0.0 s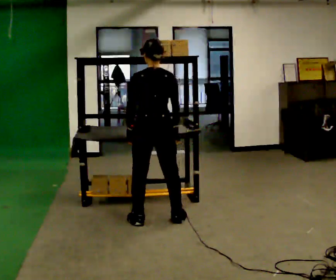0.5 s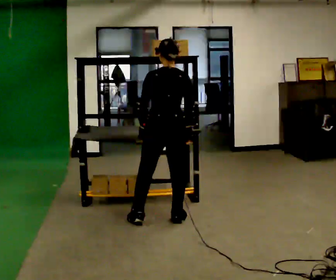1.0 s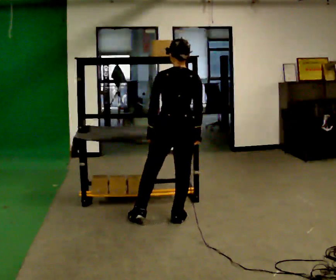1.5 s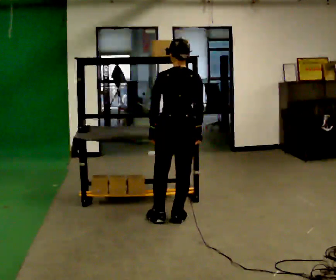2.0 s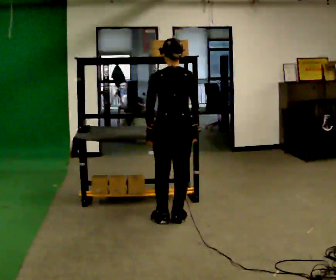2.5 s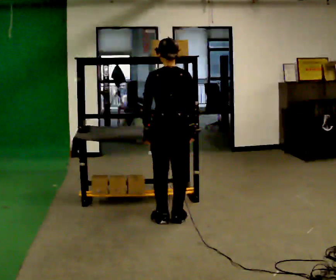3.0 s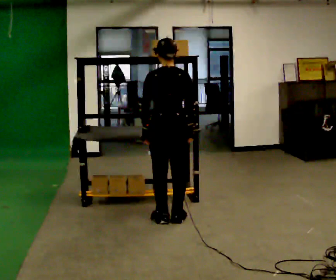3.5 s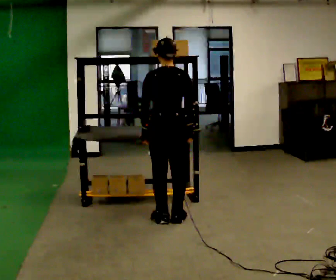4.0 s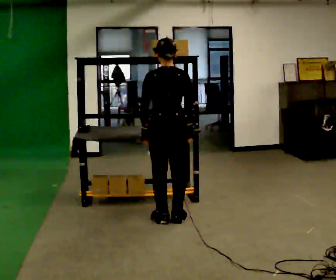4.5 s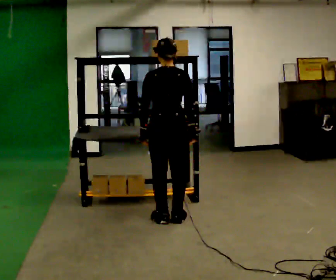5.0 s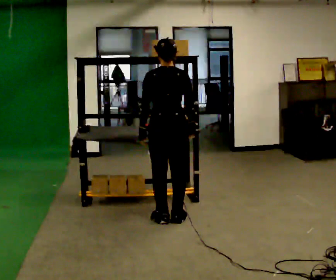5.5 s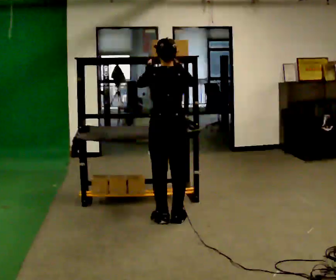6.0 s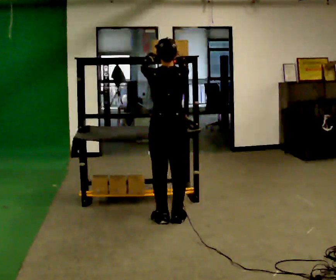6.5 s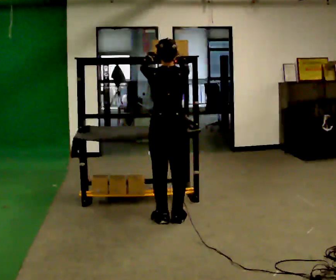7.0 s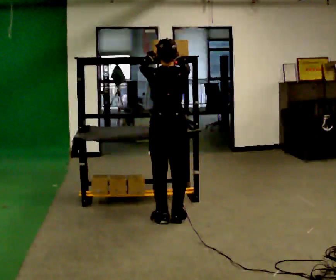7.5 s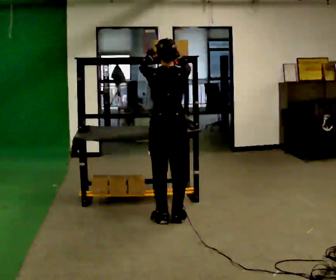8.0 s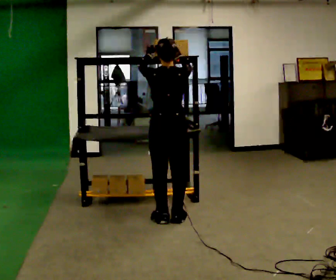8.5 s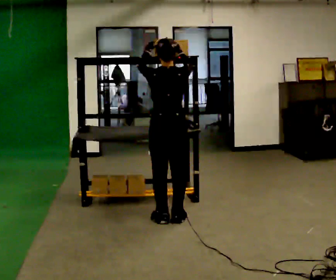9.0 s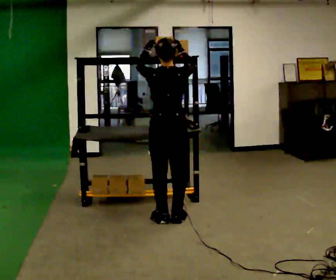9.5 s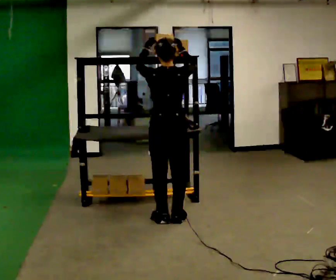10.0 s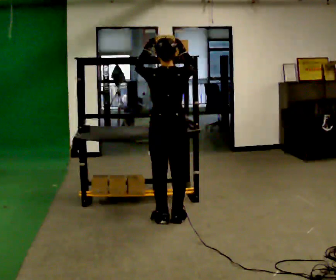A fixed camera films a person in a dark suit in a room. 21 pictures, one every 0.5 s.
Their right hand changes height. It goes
upward.
Their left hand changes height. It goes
upward.
0.0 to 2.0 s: In the picture they go to the right, about 0.25 m in 1 step, which for them is to their right.
2.0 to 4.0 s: The person moves a little, or ends about where they began.
4.0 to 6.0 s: In the picture their right hand goes upward.
6.0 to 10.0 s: The person moves a little, or ends about where they began.
The film runs backward here.
